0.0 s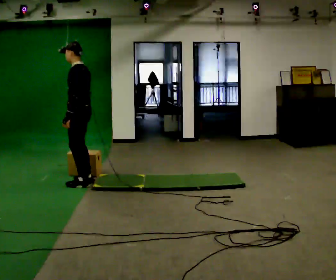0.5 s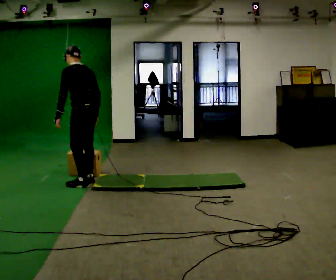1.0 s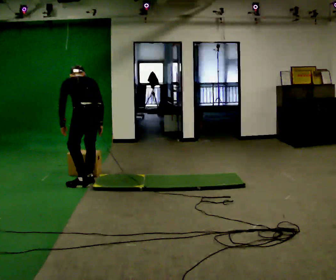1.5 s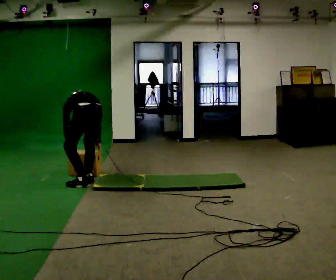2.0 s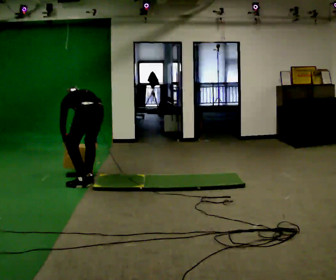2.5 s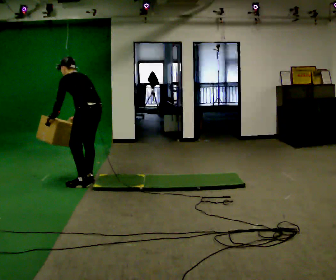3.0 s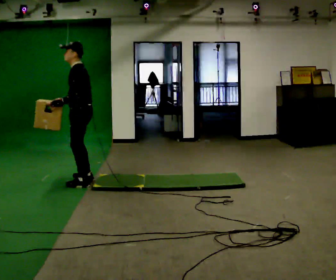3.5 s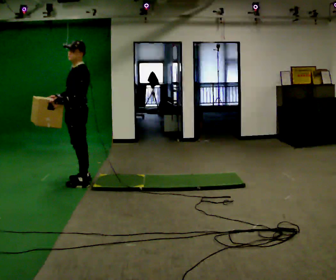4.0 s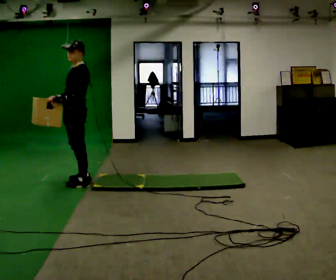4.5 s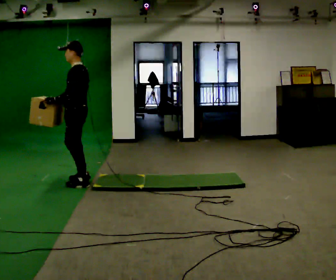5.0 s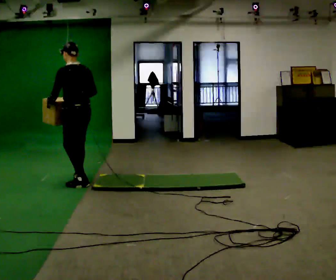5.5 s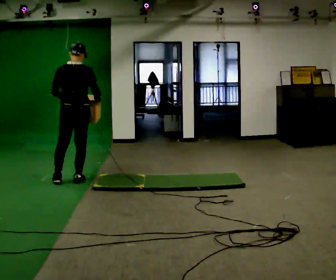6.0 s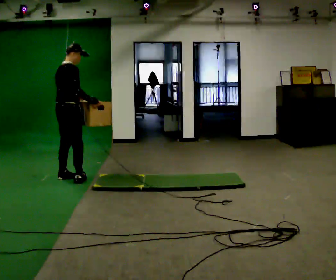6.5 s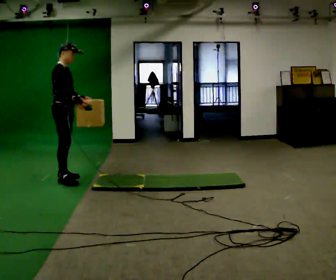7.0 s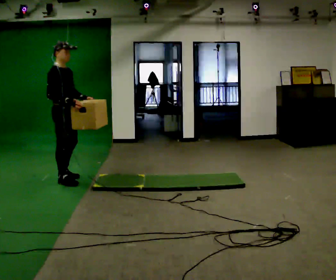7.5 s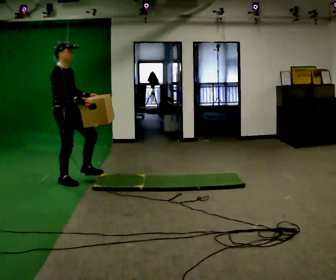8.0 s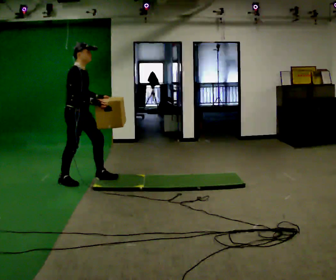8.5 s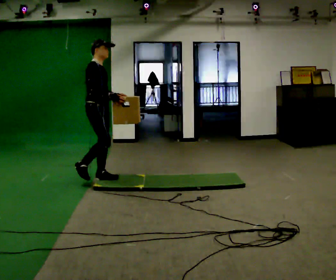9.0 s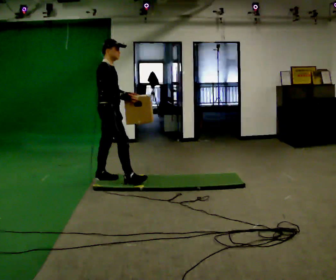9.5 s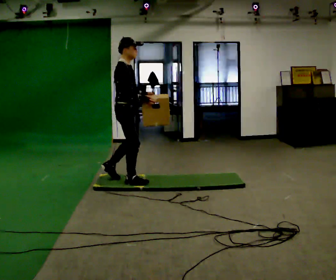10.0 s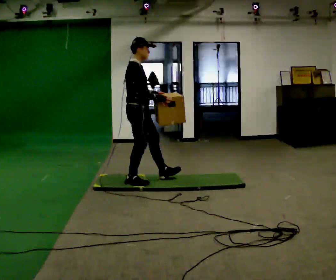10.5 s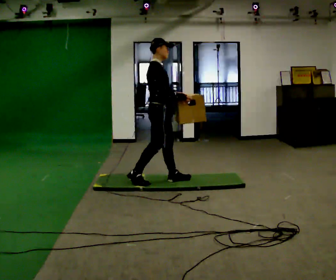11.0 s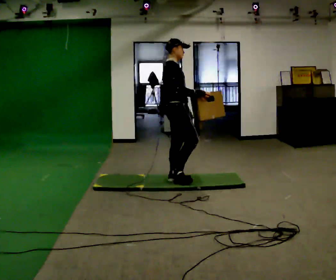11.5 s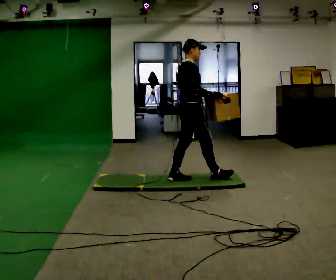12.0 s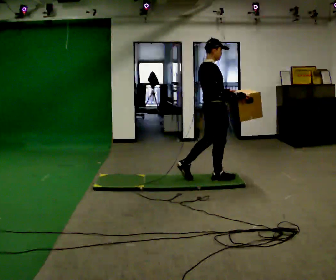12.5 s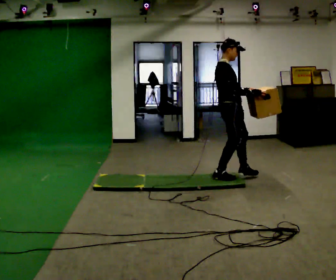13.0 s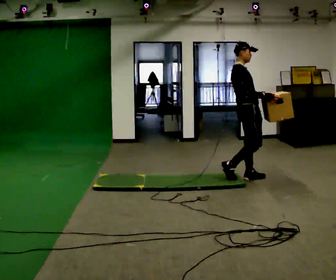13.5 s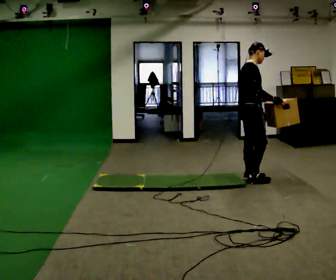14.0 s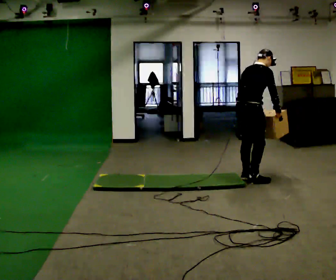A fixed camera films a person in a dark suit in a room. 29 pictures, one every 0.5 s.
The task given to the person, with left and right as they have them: Carry the box across the soft uneven mat, set it down on the far side, then bring it back. Keep going until the operator says stop; one object at a time, and do not rush between trips.
0.0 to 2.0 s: Seen from above the body turns clockwise, about 45 degrees: to their right, with its near side sliding to the left. The shoulders move downward. The upper body tips away from the camera, its near side rolling upward, as they bend forward. In the picture their left hand goes downward.
2.0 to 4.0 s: The part of the body nearest the lens slides to the right as the person turns to their left by about 75 degrees. The upper body goes upward. The upper body tips toward the camera, its near side rolling downward, as they lean back or straighten. In the picture their right hand goes upward and to the left, the arm swinging clockwise.
4.0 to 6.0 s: The person turns about 150 degrees to their right, clockwise seen from above, so the part of the body nearest the lens slides to the left. In the picture they go to the left, about 0.25 m in 2 steps. In the picture their right hand goes to the right, the arm swinging counterclockwise.
6.0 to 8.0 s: The part of the body nearest the lens slides to the left as the person turns to their right by about 60 degrees. In the picture their left hand goes to the right.
8.0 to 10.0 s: In the picture they go to the right and toward the camera, about 0.5 m in 1 step, which for them is forward.
10.0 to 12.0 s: In the picture they go to the right, about 1 m in 2 steps, which for them is forward.
12.0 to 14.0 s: In the picture they go to the right and toward the camera, about 0.5 m in 2 steps, which for them is forward. In the picture the upper body tilts clockwise, shoulders to the right, as they bend forward.
The film runs forward here.
